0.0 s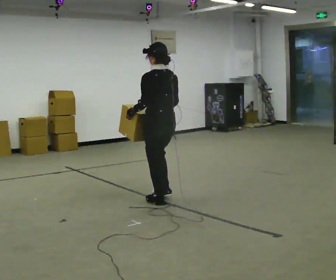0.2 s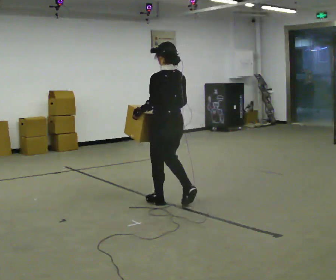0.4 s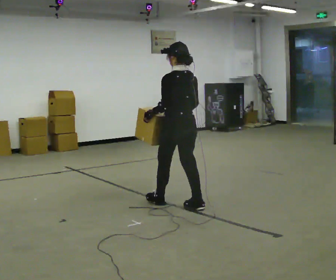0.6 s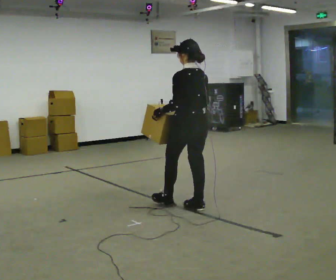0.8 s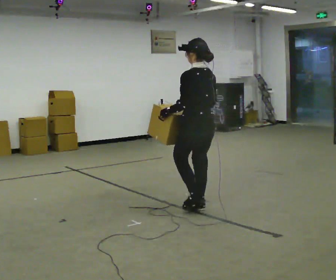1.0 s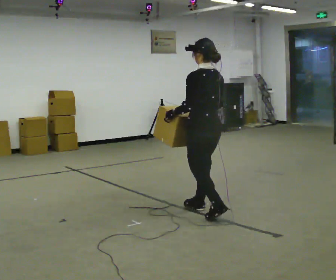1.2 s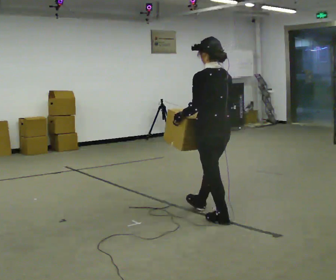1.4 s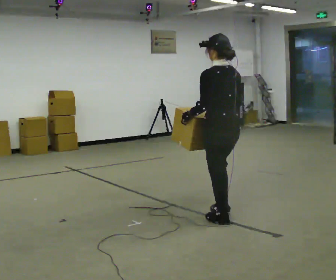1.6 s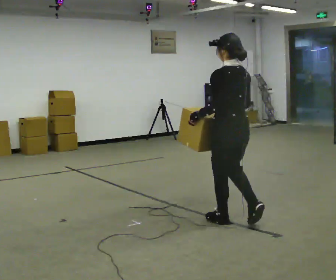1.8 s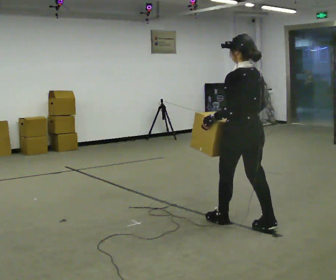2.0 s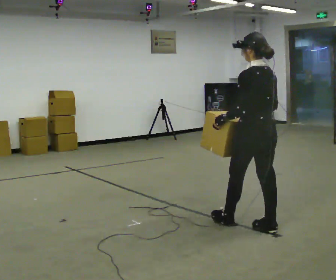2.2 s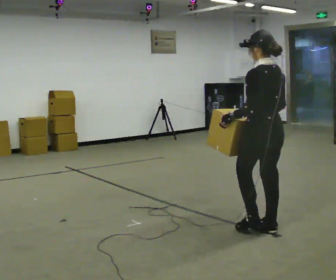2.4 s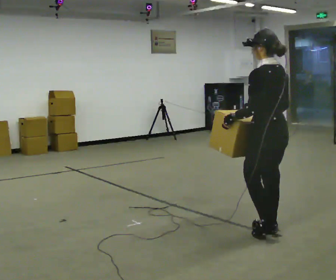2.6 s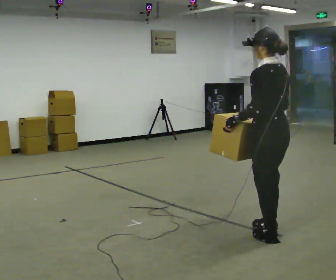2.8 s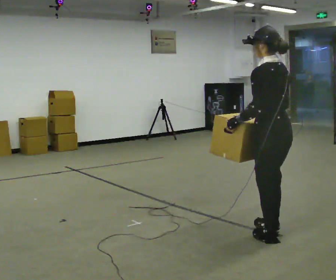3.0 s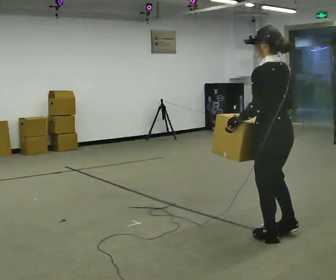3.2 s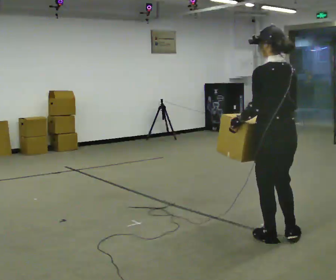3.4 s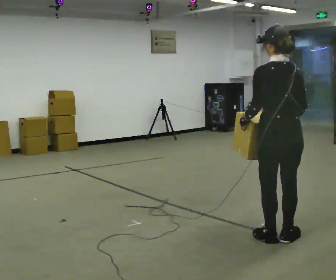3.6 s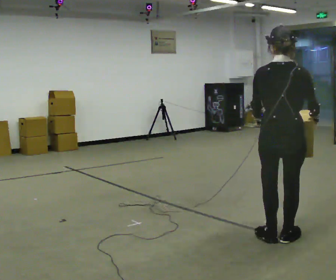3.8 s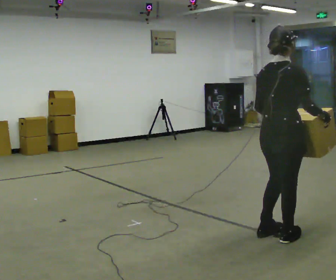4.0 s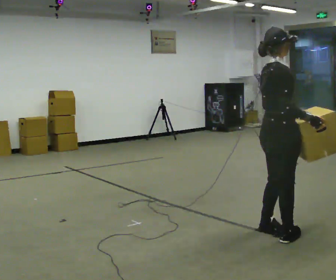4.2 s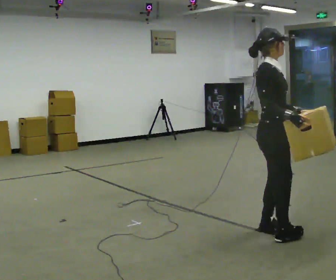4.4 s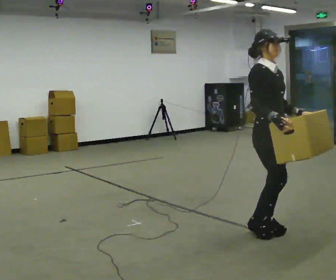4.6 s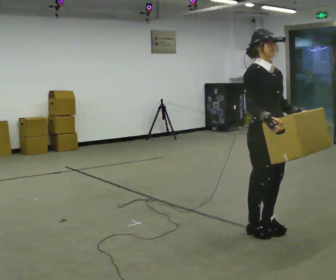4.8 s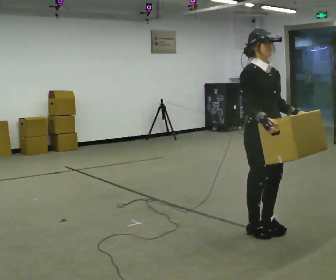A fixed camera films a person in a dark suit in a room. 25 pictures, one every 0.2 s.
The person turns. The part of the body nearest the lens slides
to the left.
Their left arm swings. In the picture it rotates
counterclockwise.
0.0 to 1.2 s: In the picture they go to the right and toward the camera, about 0.5 m in 2 steps, which for them is backward.
1.2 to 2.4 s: In the picture they go to the right and toward the camera, about 0.5 m in 1 step, which for them is backward.
2.4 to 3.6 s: The person turns about 45 degrees to their right, clockwise seen from above, so the part of the body nearest the lens slides to the left. In the picture they go toward the camera, about 0.25 m in 1 step, which for them is backward. In the picture their right hand goes to the right.
3.6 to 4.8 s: The part of the body nearest the lens slides to the left as the person turns to their right by about 135 degrees. In the picture they go away from the camera and to the left, about 0.25 m in 2 steps.
The film runs backward here.
